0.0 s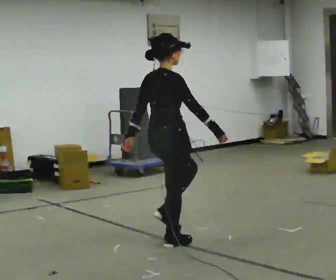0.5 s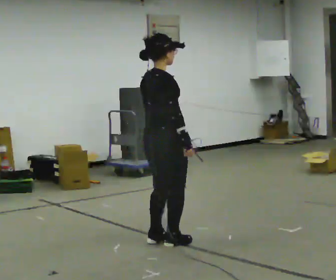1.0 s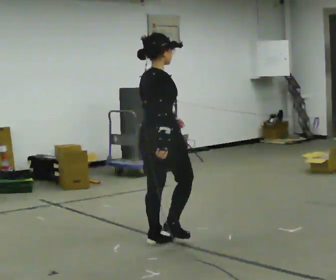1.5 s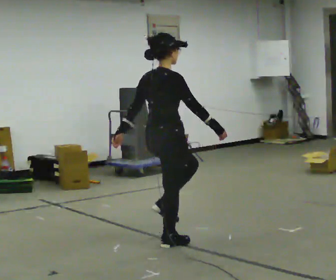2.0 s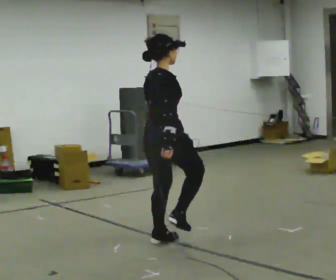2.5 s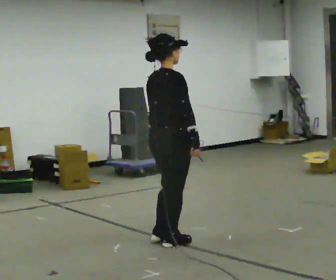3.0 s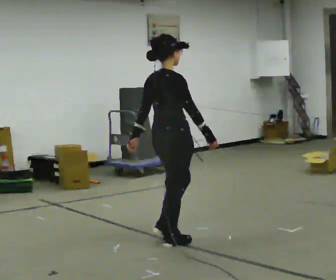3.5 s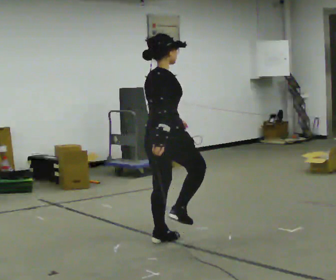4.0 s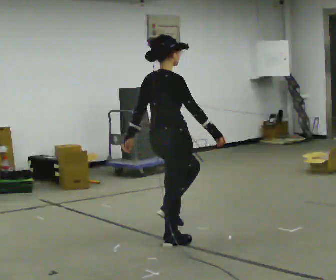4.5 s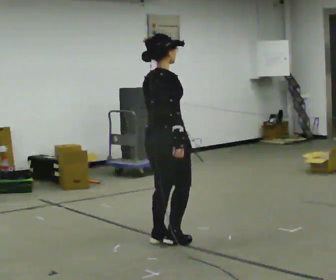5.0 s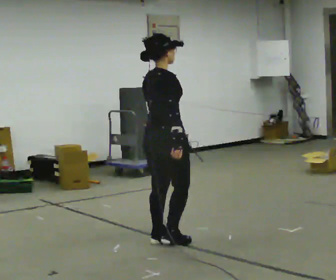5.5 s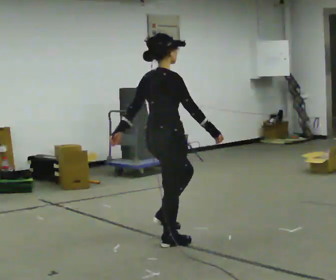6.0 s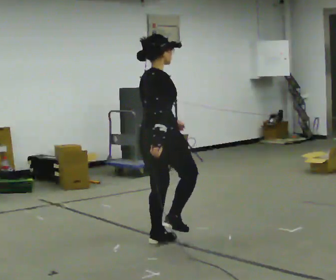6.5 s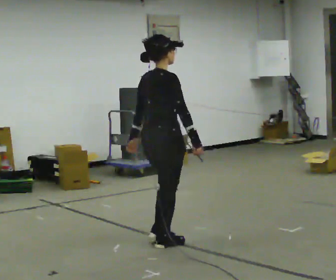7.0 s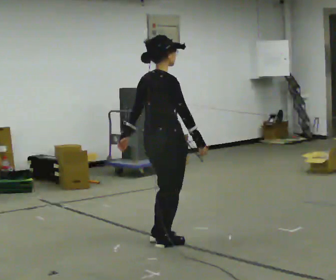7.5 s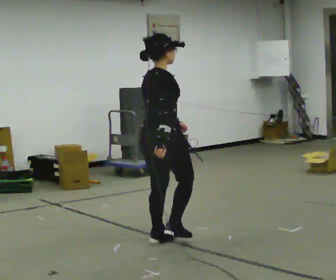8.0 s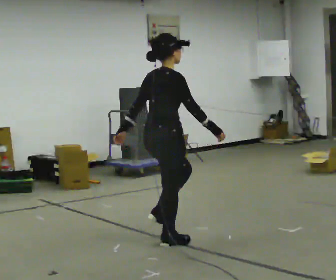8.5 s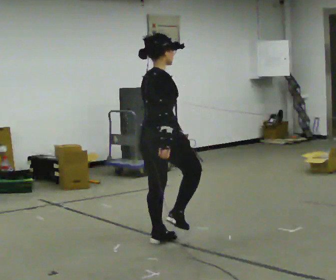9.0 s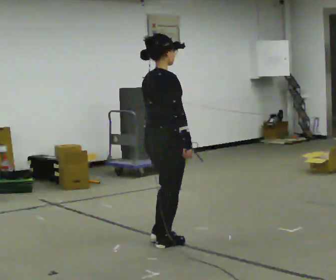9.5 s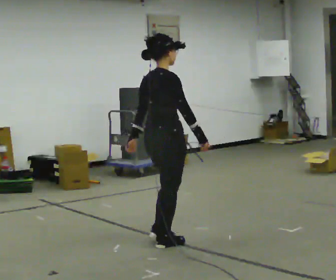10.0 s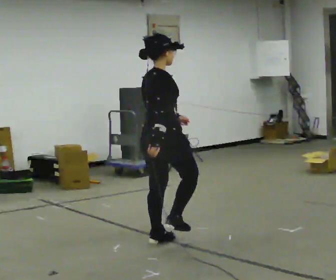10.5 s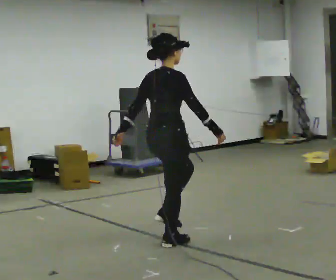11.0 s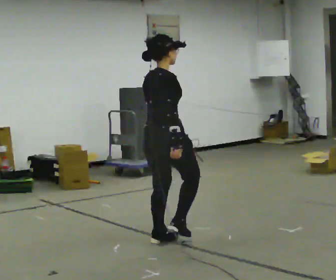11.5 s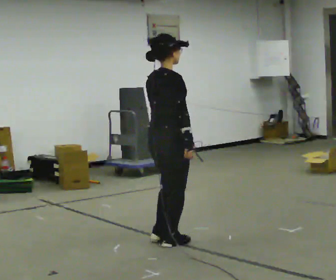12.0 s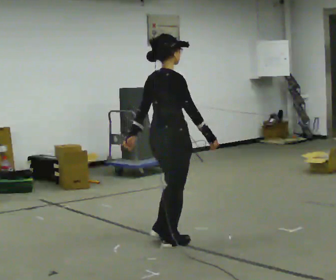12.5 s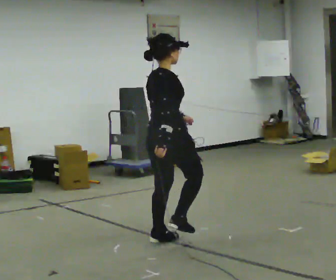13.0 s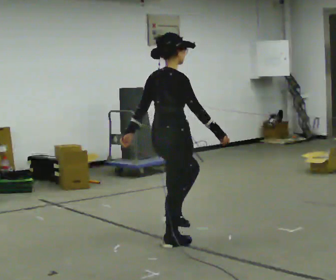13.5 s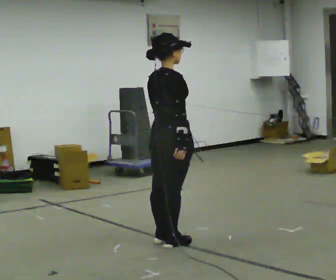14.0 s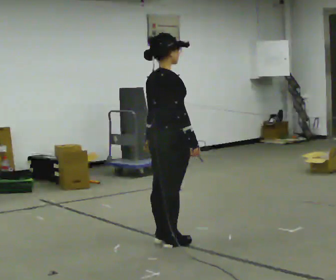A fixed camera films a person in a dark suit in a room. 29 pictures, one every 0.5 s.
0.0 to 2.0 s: In the picture their left hand goes to the right.
2.0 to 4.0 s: In the picture their left hand goes to the left.
4.0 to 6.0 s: In the picture their left hand goes to the right.
6.0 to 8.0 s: In the picture their left hand goes to the left.
8.0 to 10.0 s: In the picture their left hand goes to the right.
10.0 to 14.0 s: The person moves a little, or ends about where they began.
The film runs forward here.
